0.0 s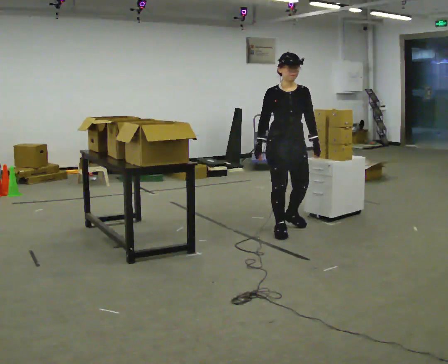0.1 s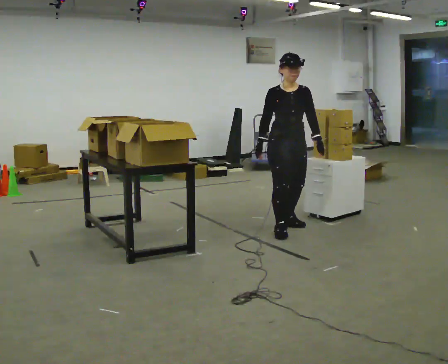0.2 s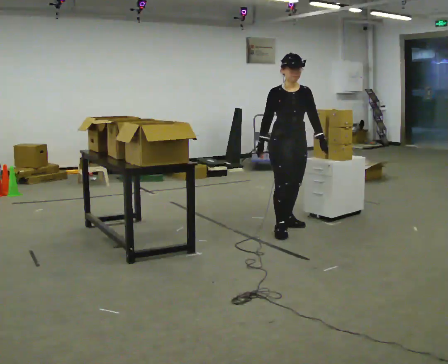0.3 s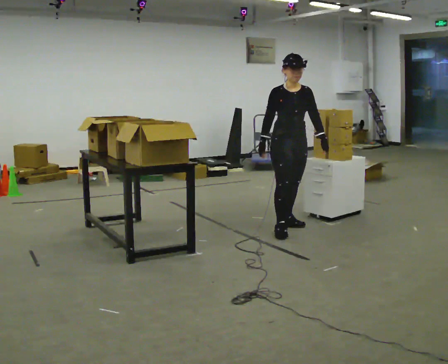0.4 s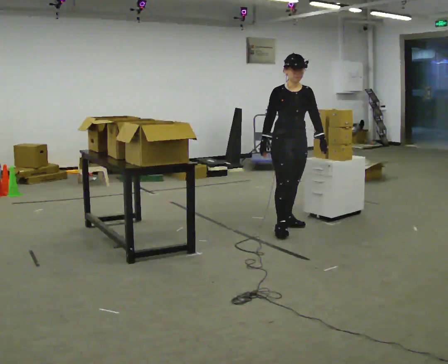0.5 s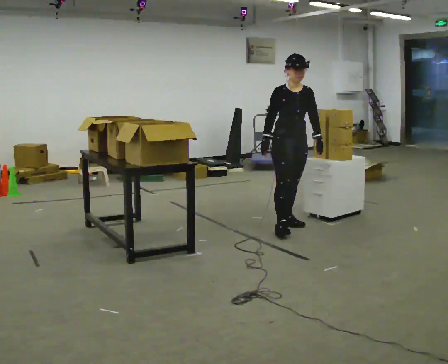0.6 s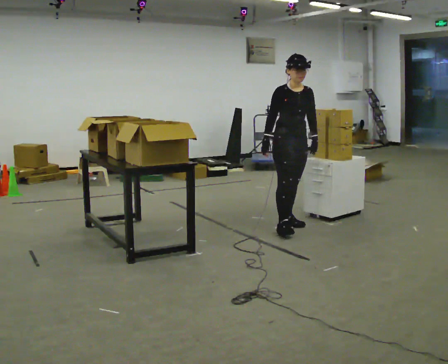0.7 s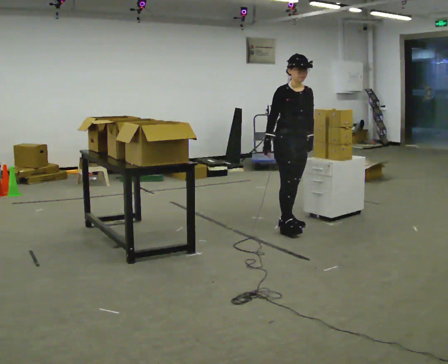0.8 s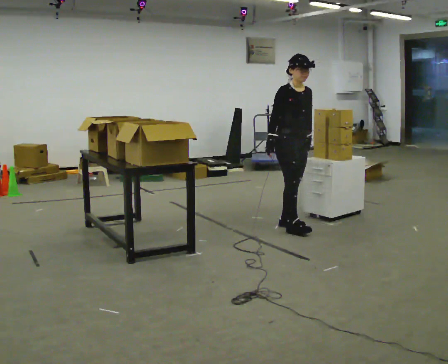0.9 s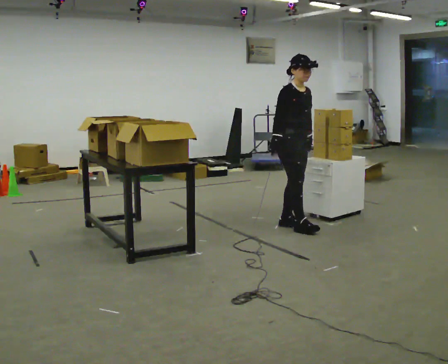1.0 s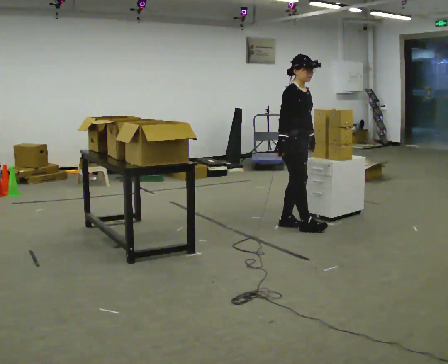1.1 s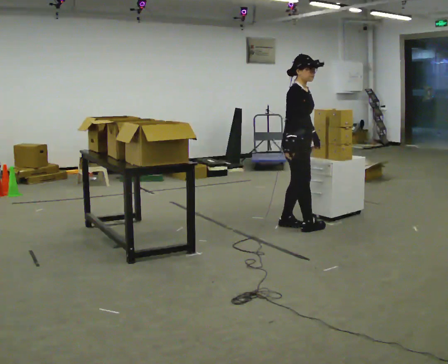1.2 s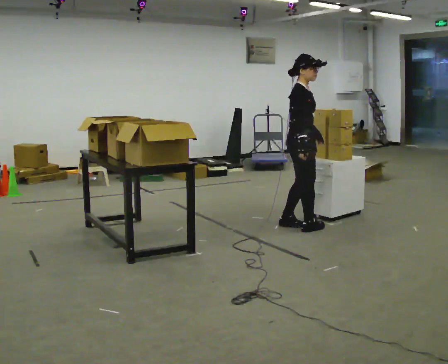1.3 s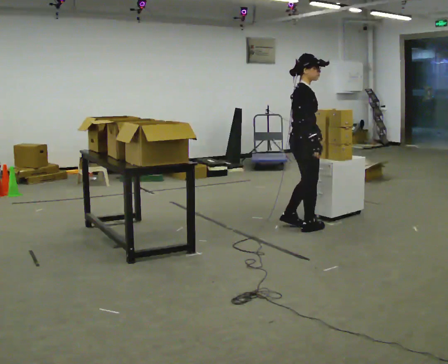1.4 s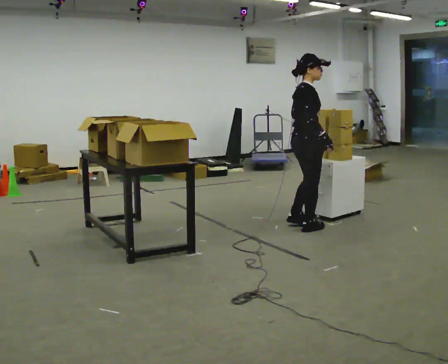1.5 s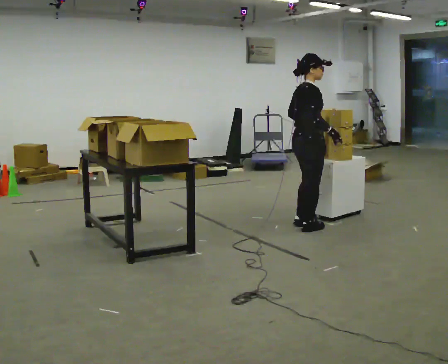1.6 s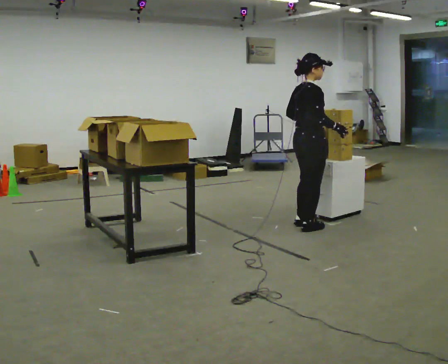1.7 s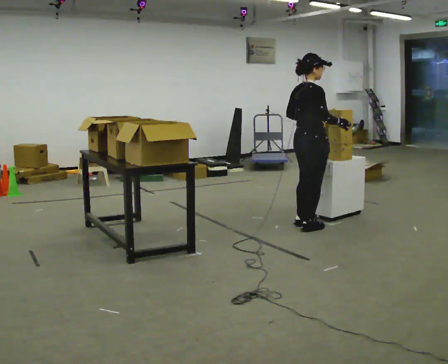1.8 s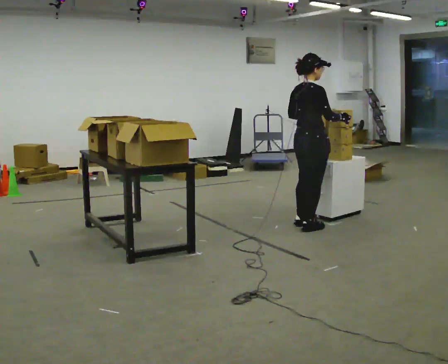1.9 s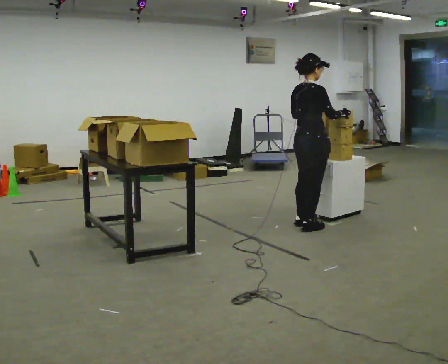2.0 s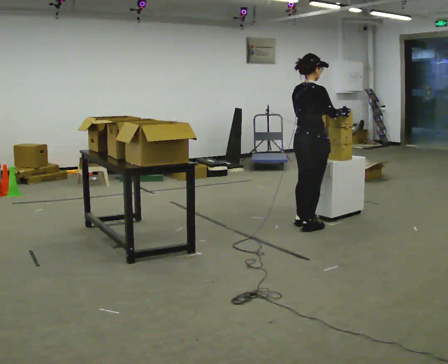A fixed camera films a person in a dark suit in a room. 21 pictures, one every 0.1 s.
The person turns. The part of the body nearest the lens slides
to the right.
The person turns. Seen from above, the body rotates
counterclockwise.
0.0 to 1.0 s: The person turns about 45 degrees to their left, counterclockwise seen from above, so the part of the body nearest the lens slides to the right. In the picture they go away from the camera, about 0.25 m in 1 step, which for them is backward and to their left.
1.0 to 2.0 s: Seen from above the body turns counterclockwise, about 60 degrees: to their left, with its near side sliding to the right. In the picture they go to the right, about 0.25 m. In the picture their right hand goes to the right, the arm swinging counterclockwise.
The film runs backward here.
